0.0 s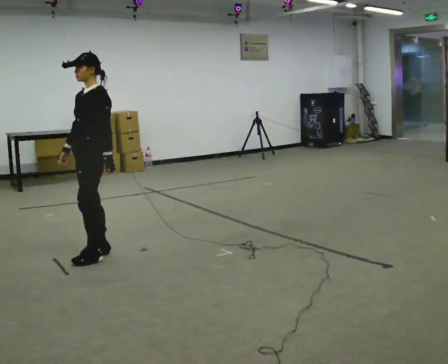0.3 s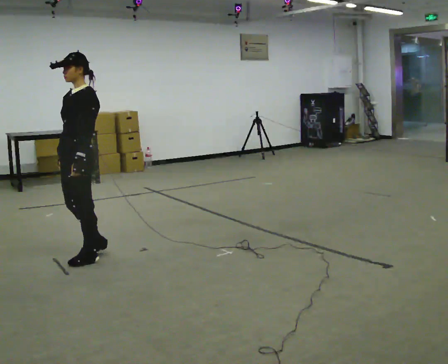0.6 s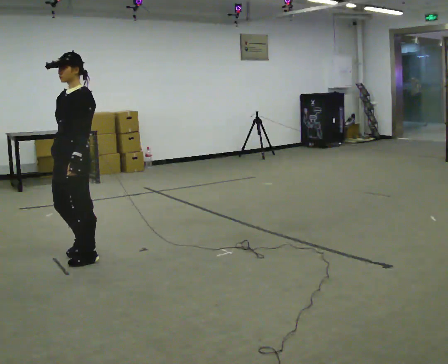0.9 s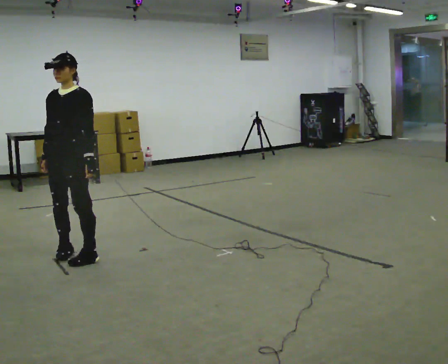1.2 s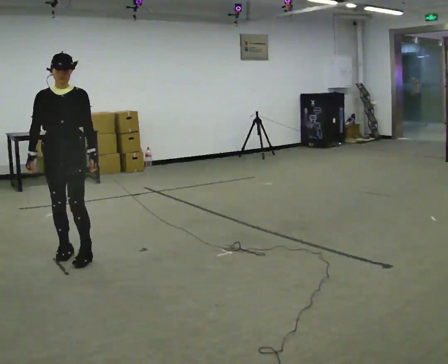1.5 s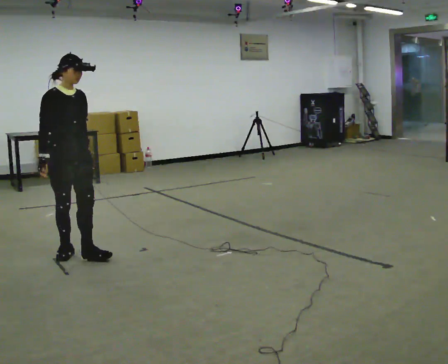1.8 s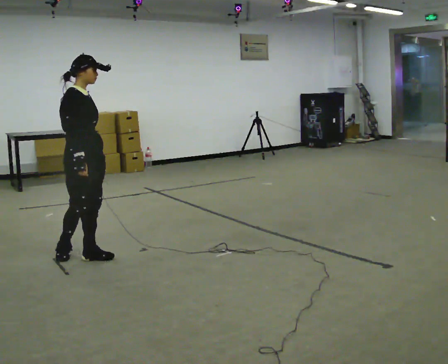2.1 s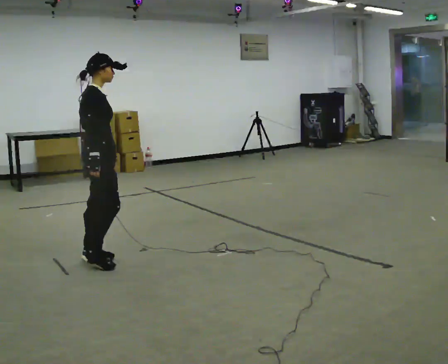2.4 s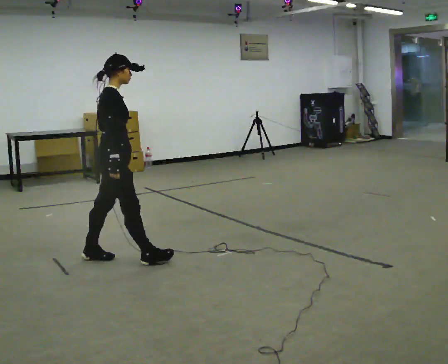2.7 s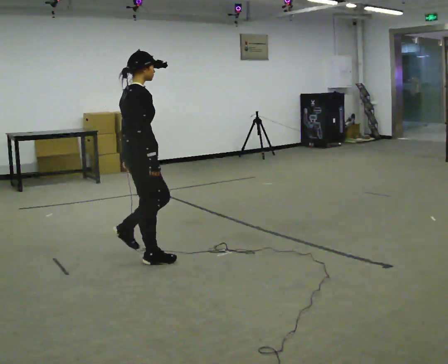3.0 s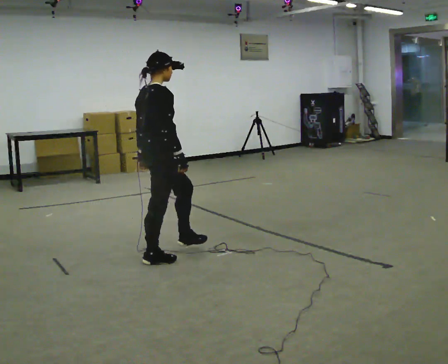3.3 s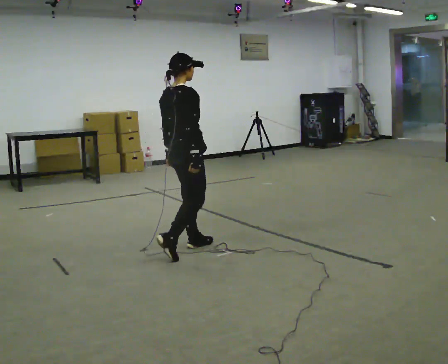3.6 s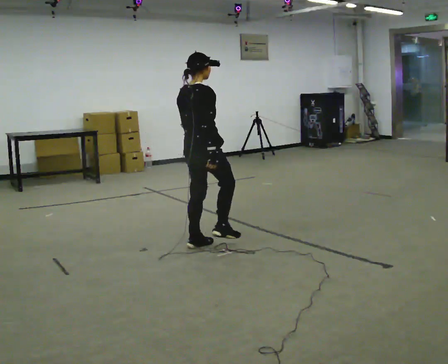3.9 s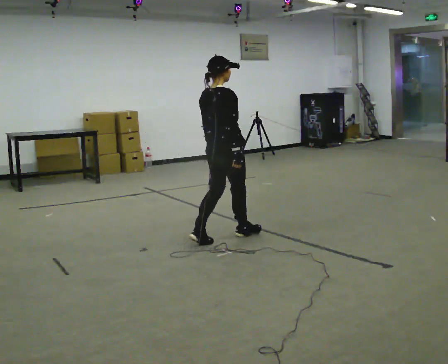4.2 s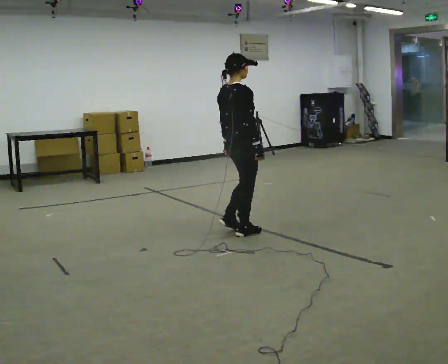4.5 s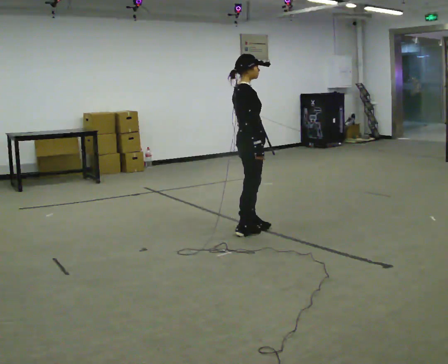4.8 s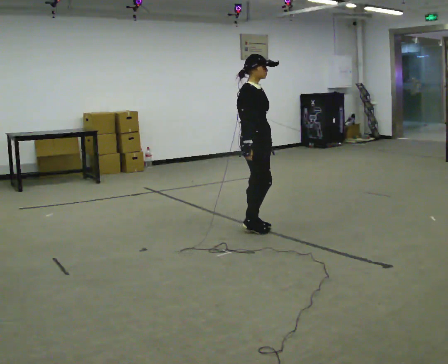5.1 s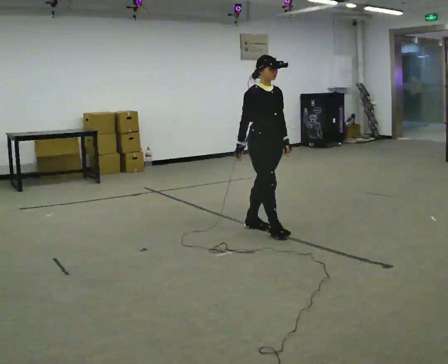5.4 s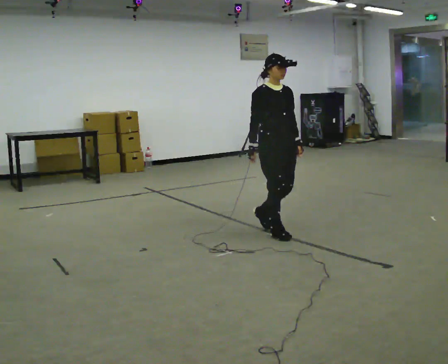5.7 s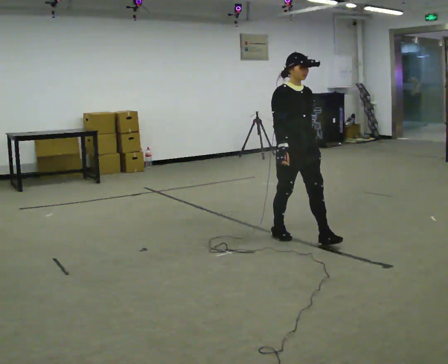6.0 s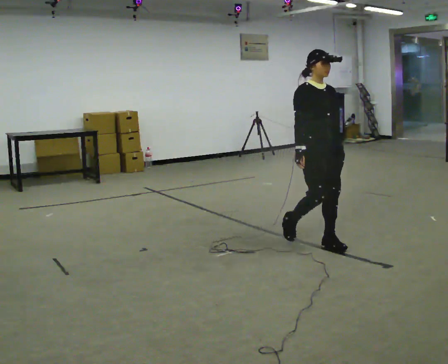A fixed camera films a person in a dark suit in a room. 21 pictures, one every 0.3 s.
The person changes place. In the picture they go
to the right.
0.0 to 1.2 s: The part of the body nearest the lens slides to the right as the person turns to their left by about 75 degrees. In the picture they go to the left, about 0.25 m in 2 steps.
1.2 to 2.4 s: The part of the body nearest the lens slides to the right as the person turns to their left by about 75 degrees. In the picture they go to the right, about 0.5 m.
2.4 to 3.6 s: Seen from above the body turns counterclockwise, about 30 degrees: to their left, with its near side sliding to the right. In the picture they go to the right and away from the camera, about 0.5 m in 2 steps, which for them is forward.
3.6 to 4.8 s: The part of the body nearest the lens slides to the left as the person turns to their right by about 60 degrees. In the picture they go to the right and away from the camera, about 0.5 m in 2 steps.
4.8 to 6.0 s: The person turns about 30 degrees to their right, clockwise seen from above, so the part of the body nearest the lens slides to the left. In the picture they go toward the camera and to the right, about 0.5 m in 2 steps, which for them is forward.
The film runs forward here.
